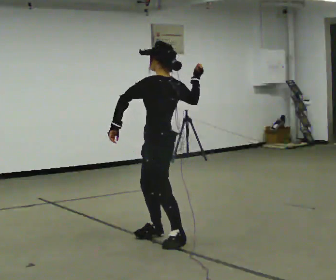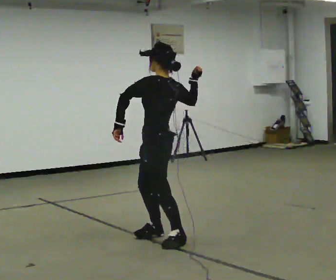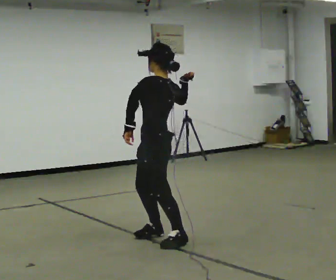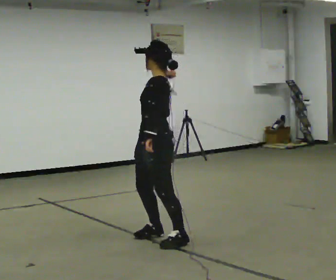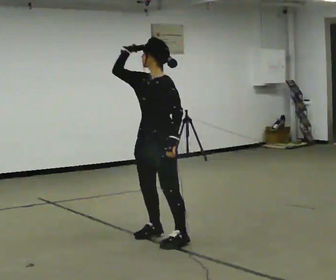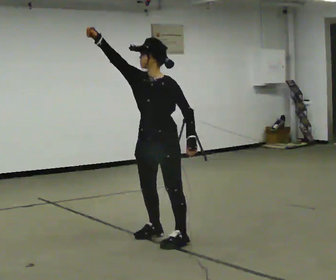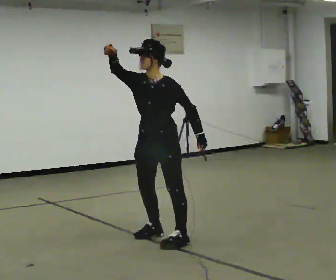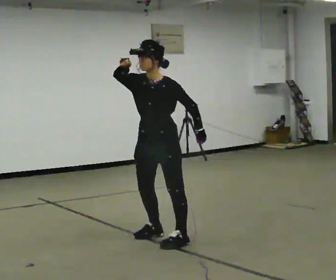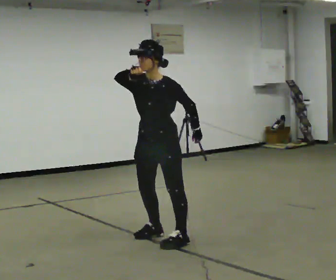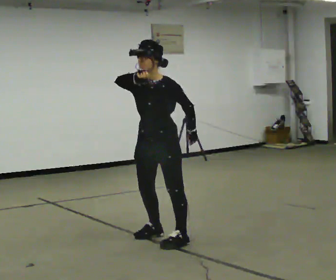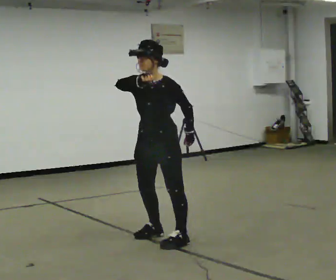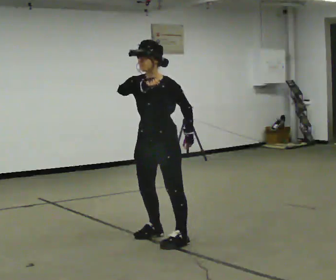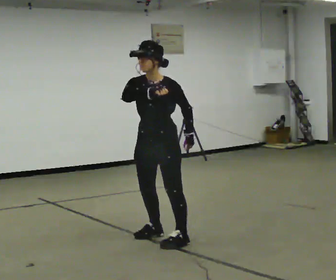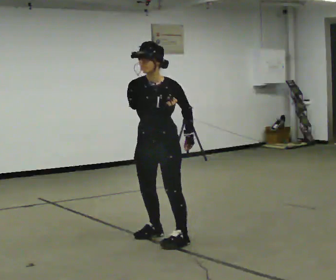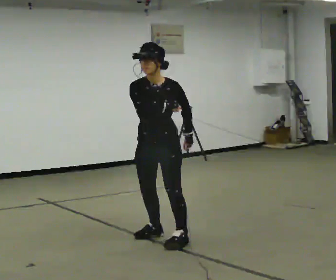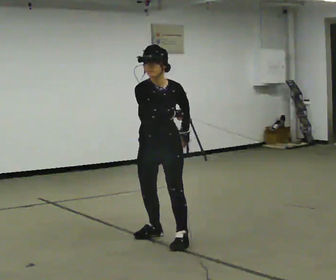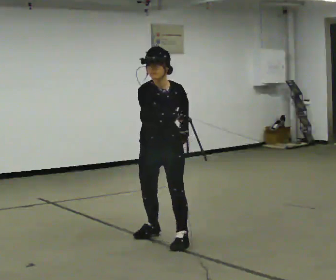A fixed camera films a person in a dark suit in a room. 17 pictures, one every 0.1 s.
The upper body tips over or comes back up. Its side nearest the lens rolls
downward.
The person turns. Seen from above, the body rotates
counterclockwise.
0.0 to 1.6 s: The person turns about 105 degrees to their left, counterclockwise seen from above, so the part of the body nearest the lens slides to the right. The upper body tips toward the camera, its near side rolling downward, as they bend forward. In the picture their left hand goes to the right, the arm swinging counterclockwise.
The film runs forward here.
